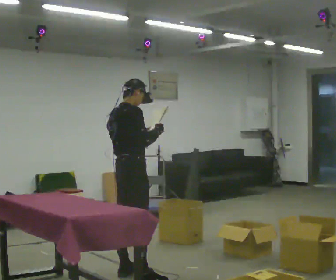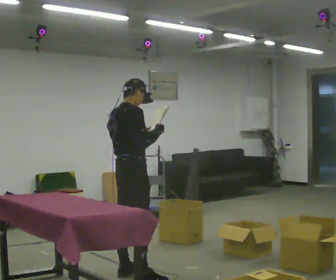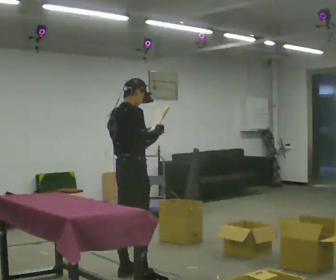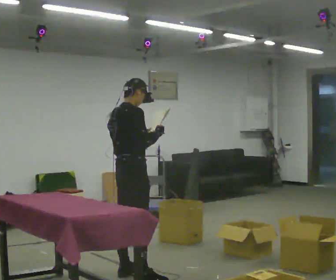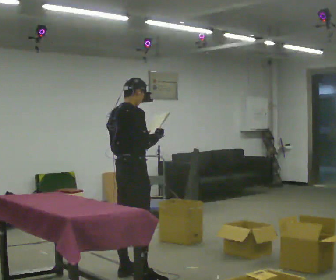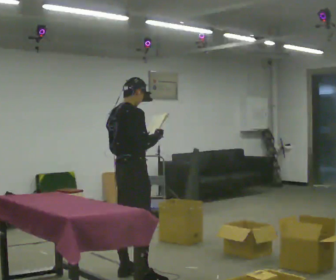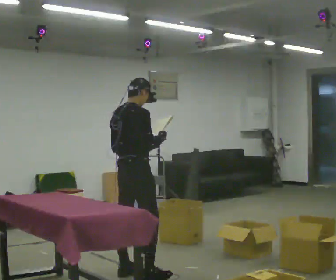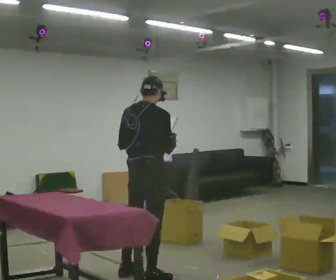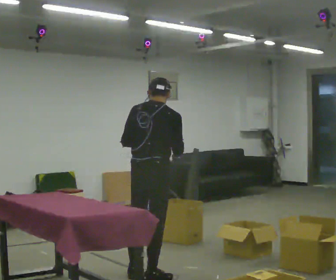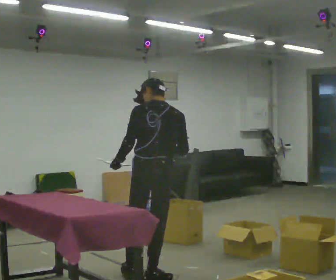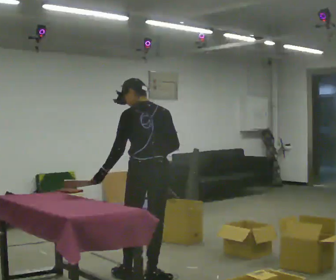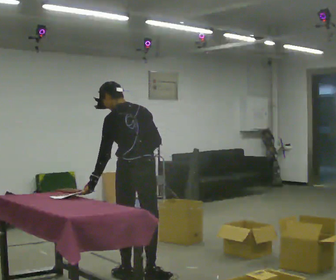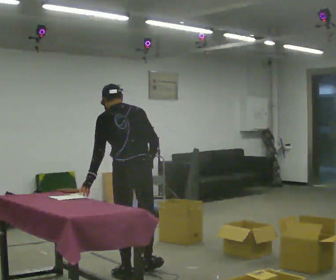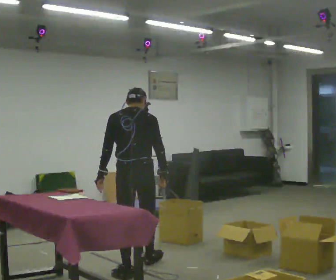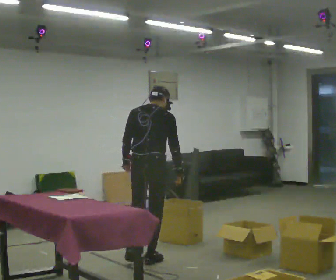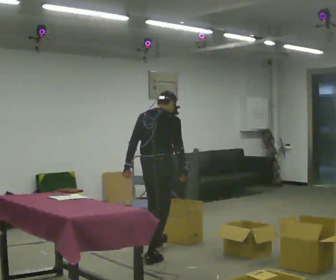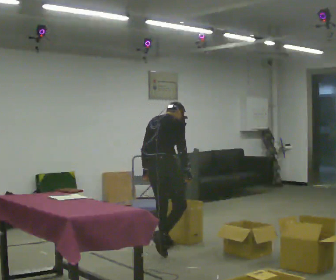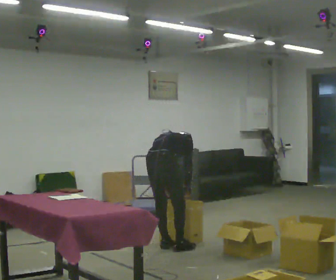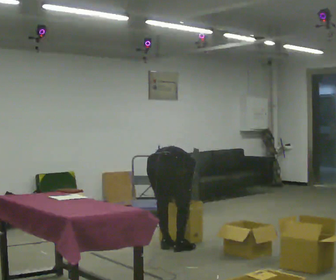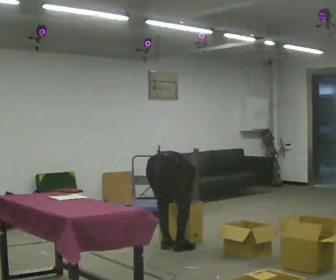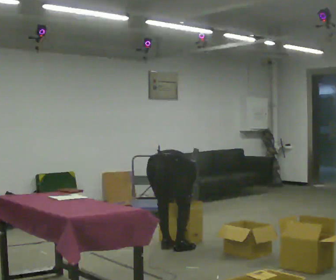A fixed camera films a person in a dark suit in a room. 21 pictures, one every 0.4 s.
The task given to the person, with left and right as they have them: 1. Read the parts list. 2. Collect each part from the bins around the room. 3. Lay them out on the table in the order on the list. 4. Put them all in the carry case. 5. Tell the operator when you are finished.
0.0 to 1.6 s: The person moves a little, or ends about where they began.
1.6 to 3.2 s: The part of the body nearest the lens slides to the right as the person turns to their left by about 45 degrees. In the picture they go to the right and toward the camera, about 0.25 m, which for them is to their right.
3.2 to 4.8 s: Seen from above the body turns counterclockwise, about 30 degrees: to their left, with its near side sliding to the right. In the picture they go away from the camera, about 0.25 m, which for them is forward. In the picture the upper body tilts counterclockwise, shoulders to the left. In the picture their left hand goes to the left.
4.8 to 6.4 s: The part of the body nearest the lens slides to the left as the person turns to their right by about 45 degrees. In the picture they go away from the camera, about 1 m in 2 steps, which for them is forward. In the picture the upper body tilts clockwise, shoulders to the right, as they bend forward.
6.4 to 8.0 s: The shoulders move downward. The upper body tips away from the camera, its near side rolling upward, as they bend forward. In the picture their right hand goes downward.
The film runs forward here.
